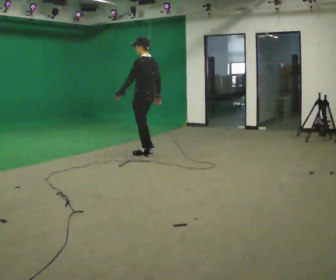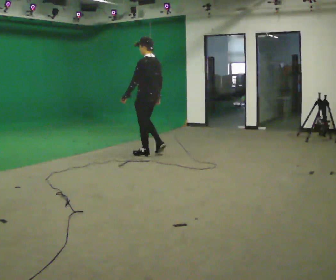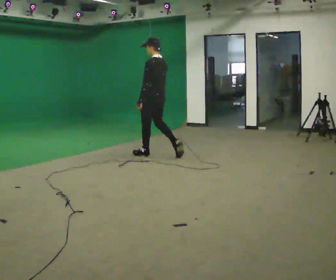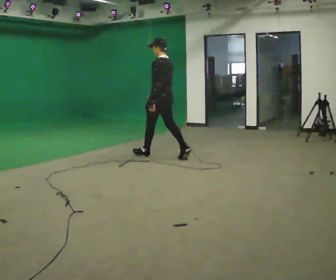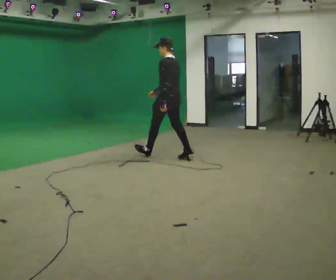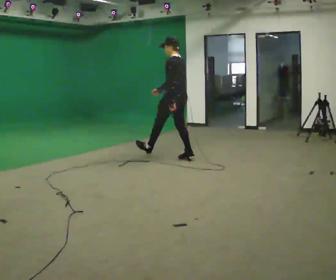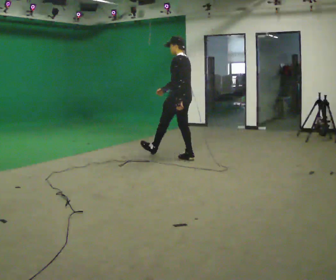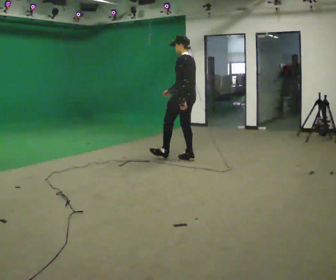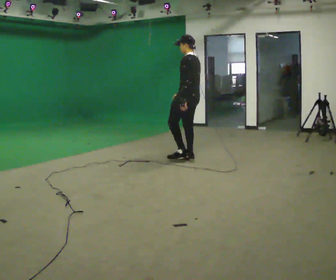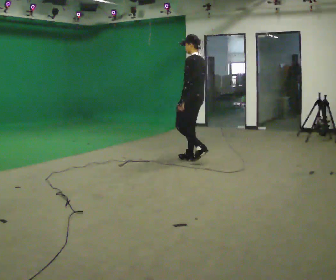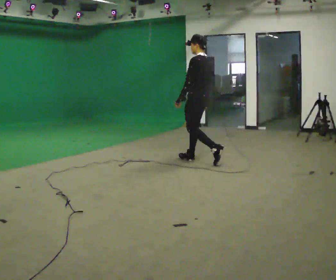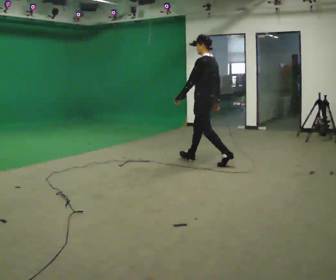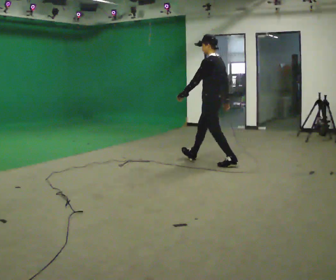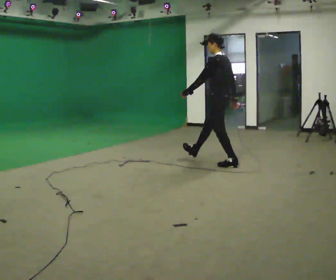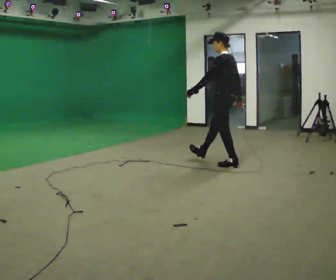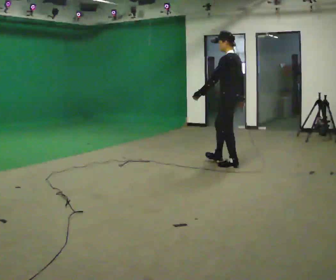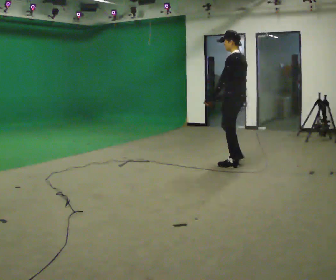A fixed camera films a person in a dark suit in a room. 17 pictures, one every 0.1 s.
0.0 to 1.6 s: In the picture they go to the right and toward the camera, about 1.5 m in 2 steps, which for them is backward.
The film runs backward here.
